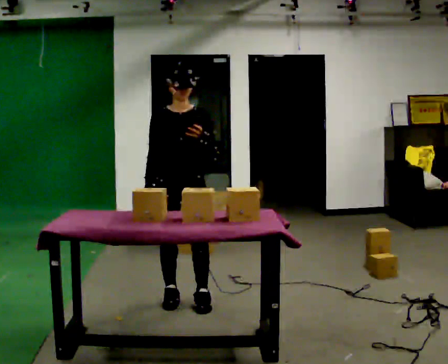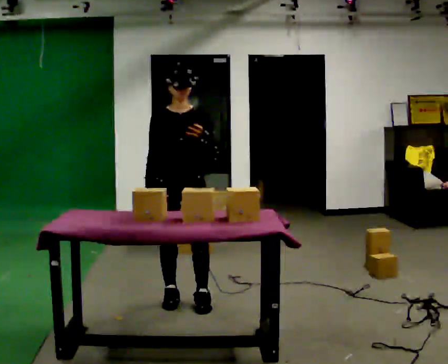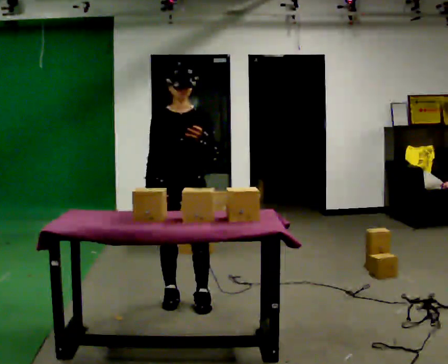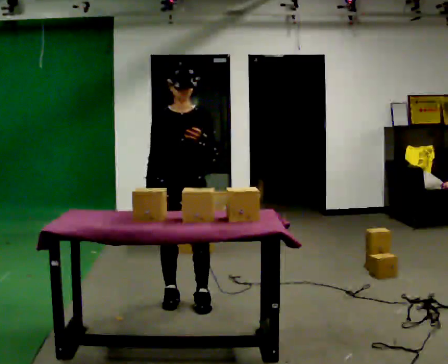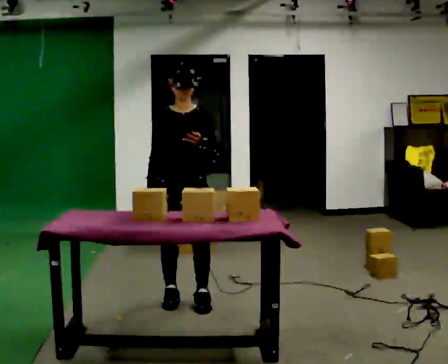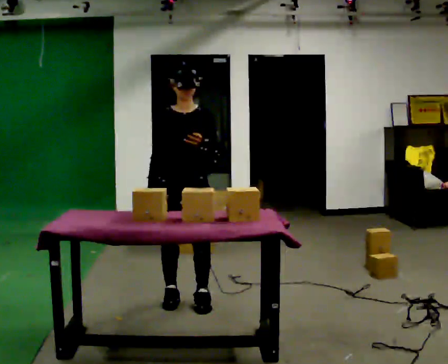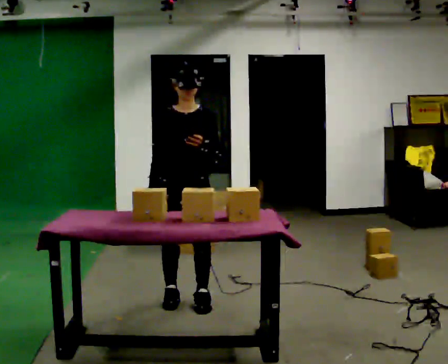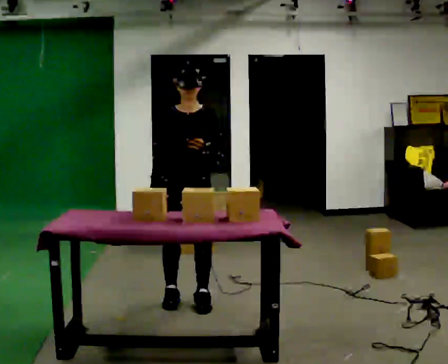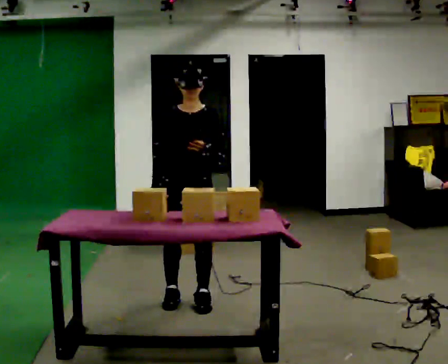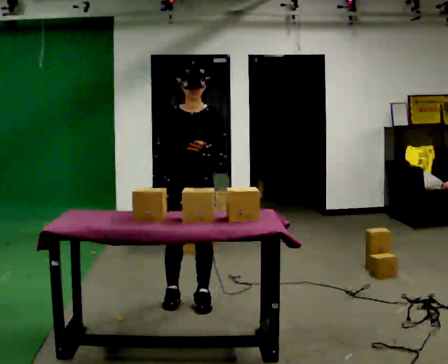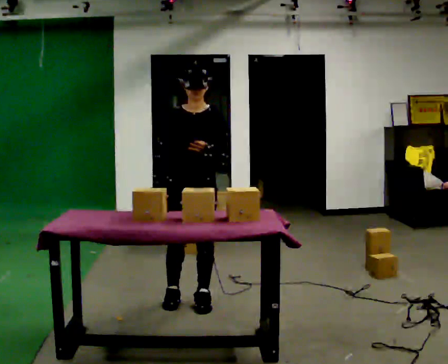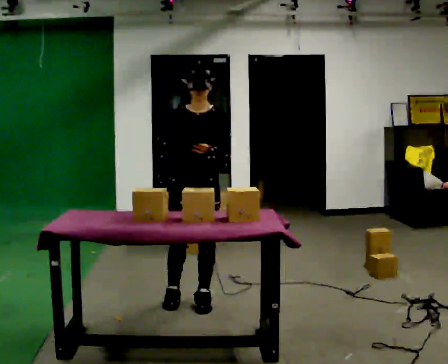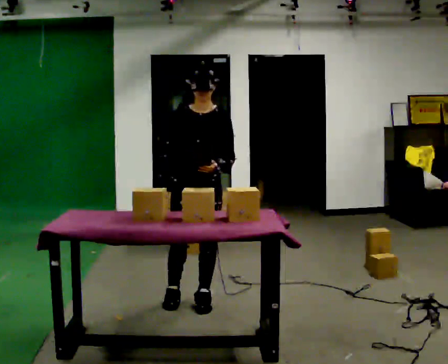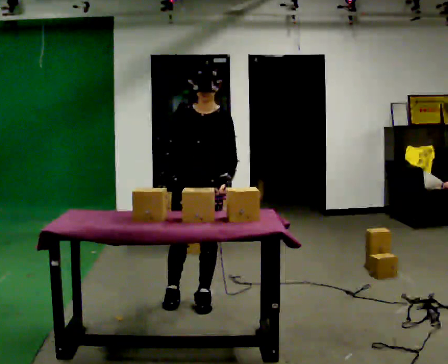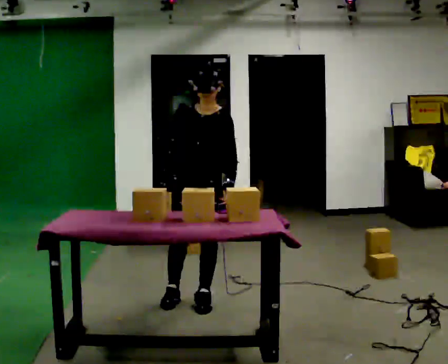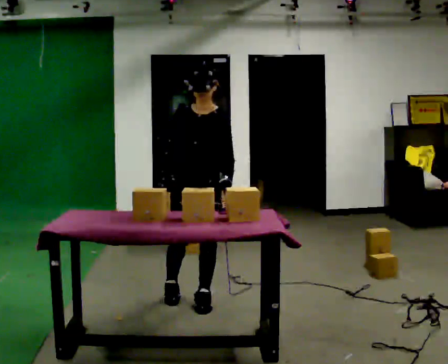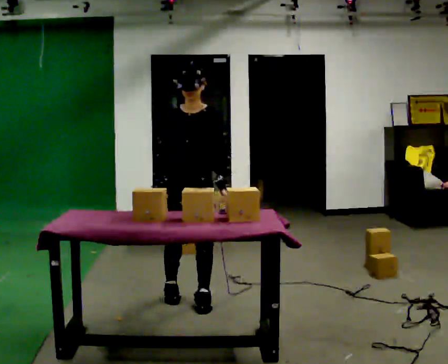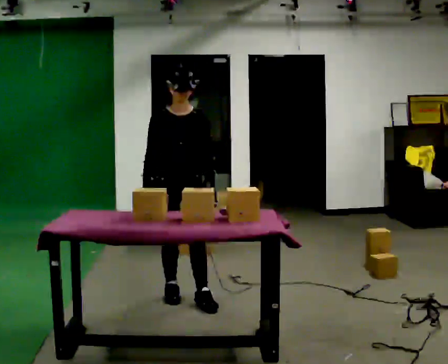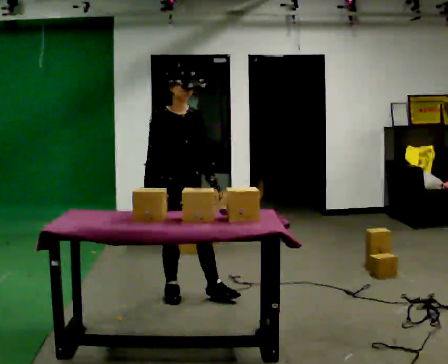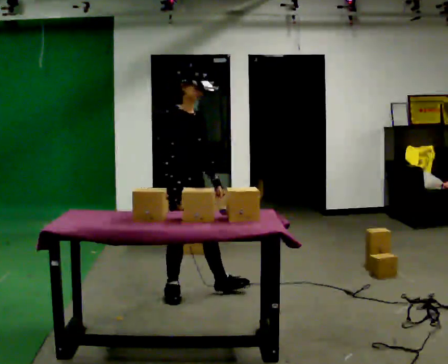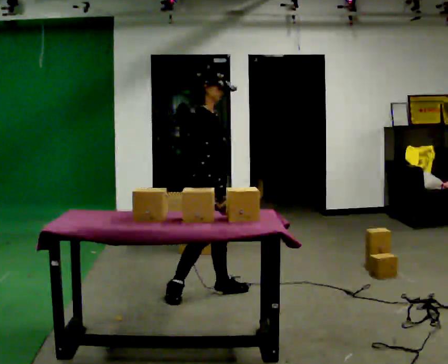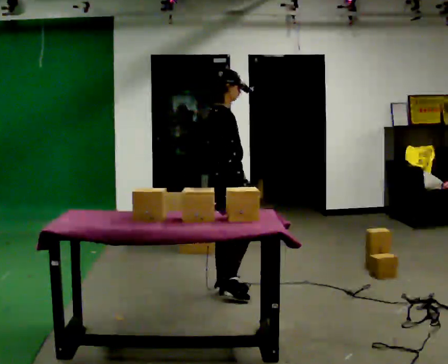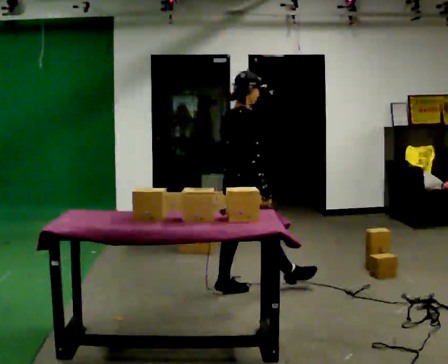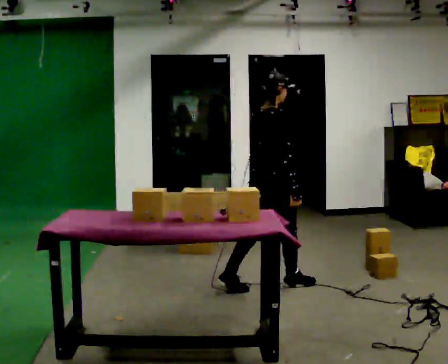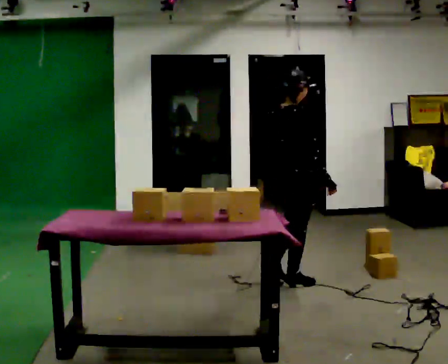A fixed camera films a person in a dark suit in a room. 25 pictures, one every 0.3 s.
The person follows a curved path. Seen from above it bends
clockwise.
0.0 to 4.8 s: The person moves a little, or ends about where they began.
4.8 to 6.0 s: Seen from above the body turns counterclockwise, about 90 degrees: to their left, with its near side sliding to the right. In the picture they go away from the camera, about 0.25 m in 1 step.
6.0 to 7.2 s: The part of the body nearest the lens slides to the right as the person turns to their left by about 45 degrees. In the picture they go to the right, about 0.75 m in 1 step, which for them is forward.
The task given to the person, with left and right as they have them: 1. Look at the photo the operator gives you. 2. Put the room back the way it looks in the photo. 3. Tell the operator when you are finished.
The film runs forward here.
